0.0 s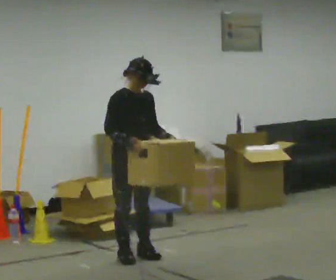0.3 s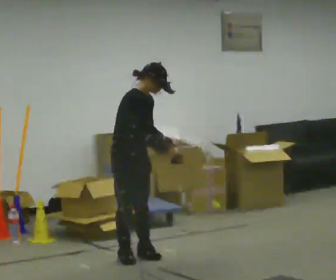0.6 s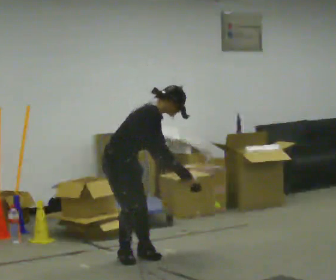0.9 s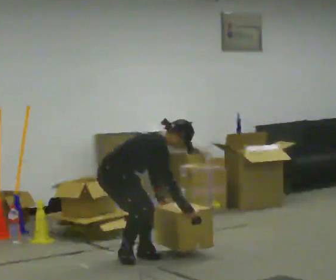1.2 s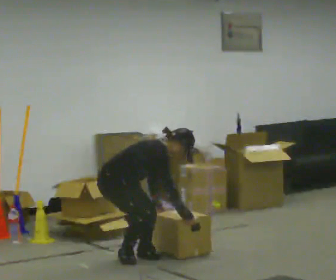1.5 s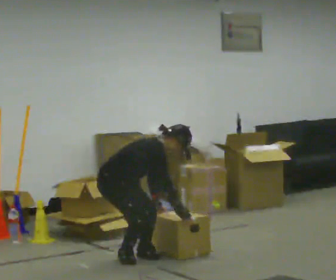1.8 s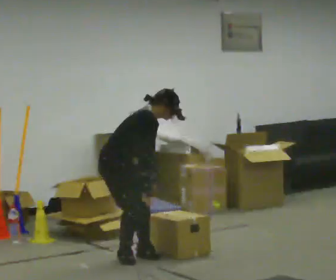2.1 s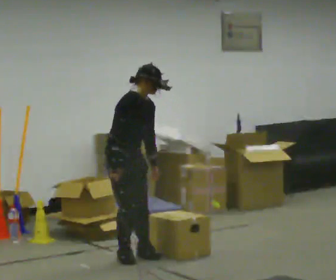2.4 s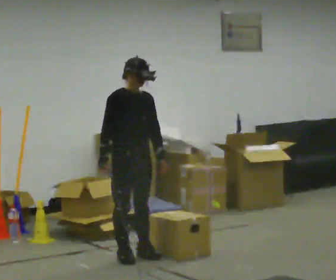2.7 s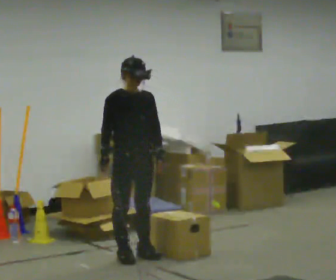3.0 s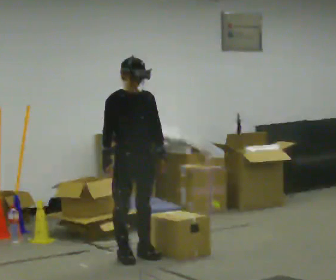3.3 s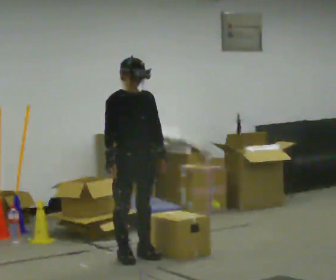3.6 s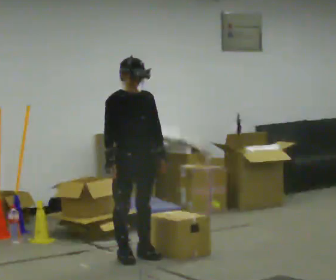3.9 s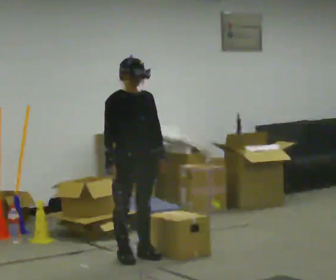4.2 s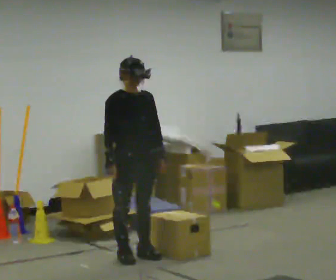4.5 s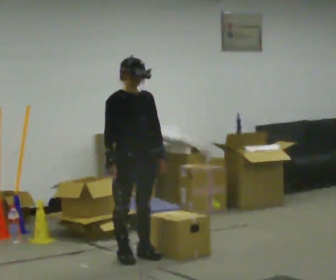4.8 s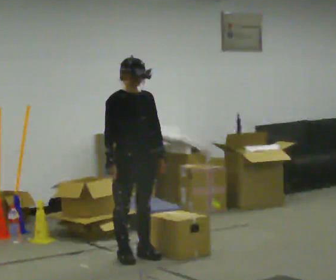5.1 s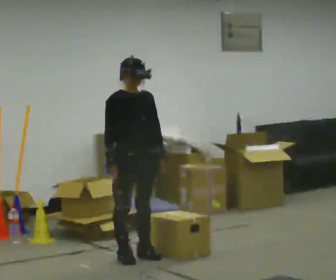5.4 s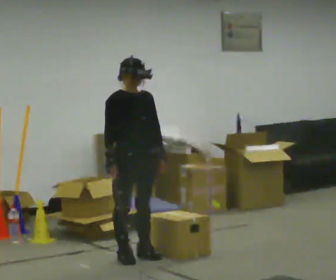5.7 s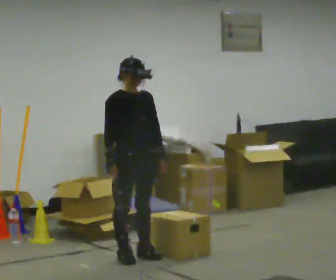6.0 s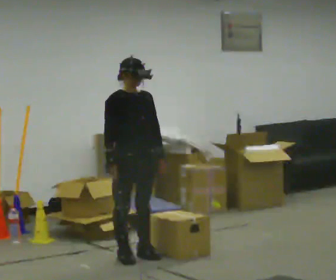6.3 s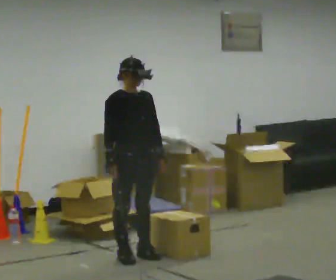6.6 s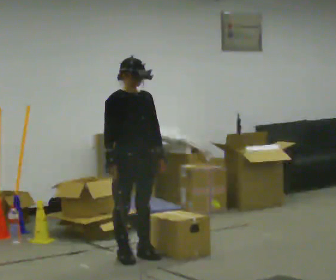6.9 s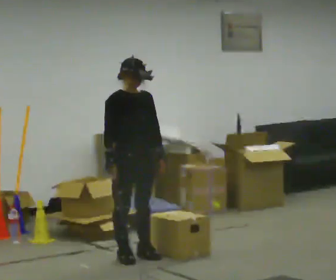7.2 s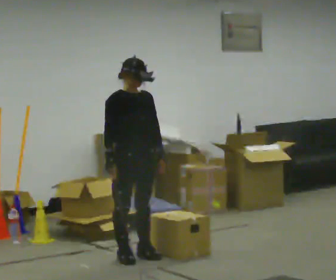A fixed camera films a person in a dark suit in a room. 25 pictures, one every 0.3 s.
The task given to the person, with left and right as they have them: Carry the box over the low sill without stopping, then bring it back over. Keep going until the operator says stop; one object at a time, and do not rush between trips.
0.0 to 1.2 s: The person turns about 45 degrees to their left, counterclockwise seen from above, so the part of the body nearest the lens slides to the right. The shoulders move downward. In the picture the upper body tilts clockwise, shoulders to the right, as they bend forward. In the picture their left hand goes downward.
1.2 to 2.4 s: Seen from above the body turns clockwise, about 45 degrees: to their right, with its near side sliding to the left. The upper body goes upward. In the picture the upper body tilts counterclockwise, shoulders to the left, as they lean back or straighten. In the picture their right hand goes to the left and upward, the arm swinging clockwise.
2.4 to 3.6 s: The person moves a little, or ends about where they began.
3.6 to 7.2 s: The person keeps their place and pose.
The film runs forward here.
